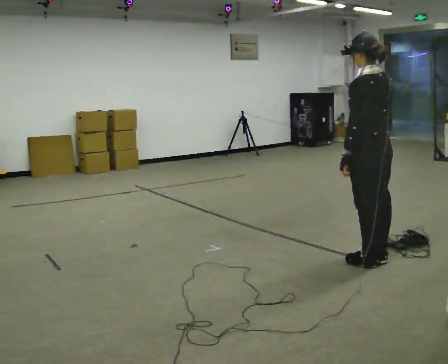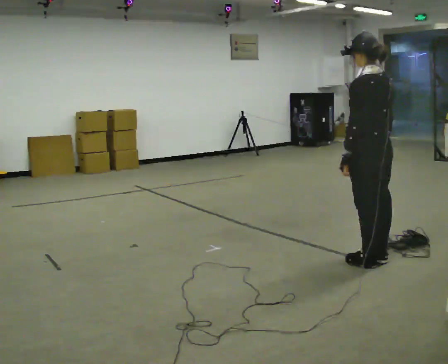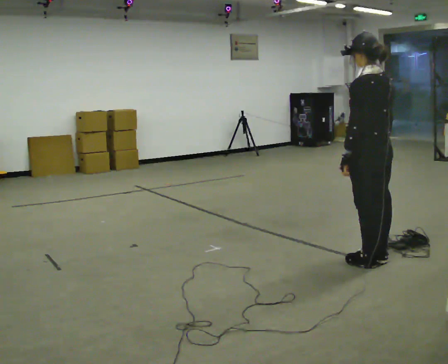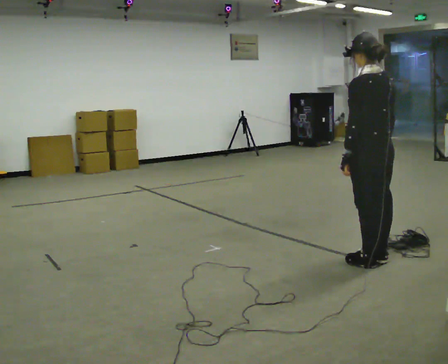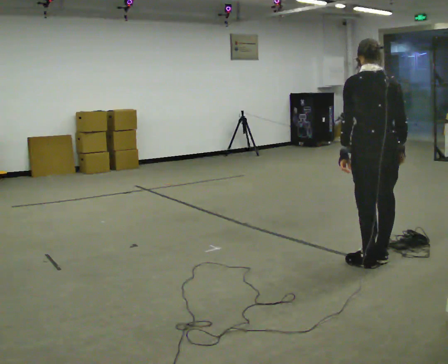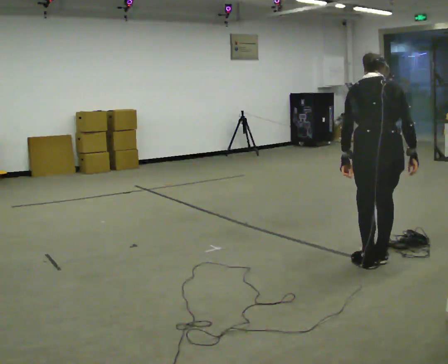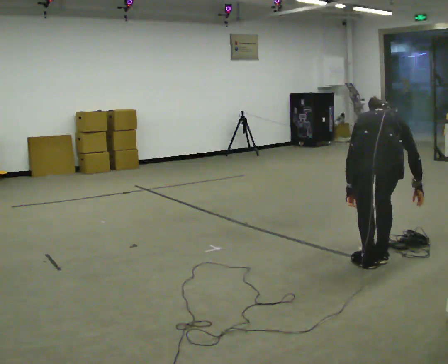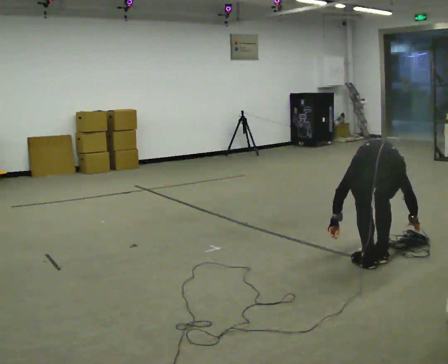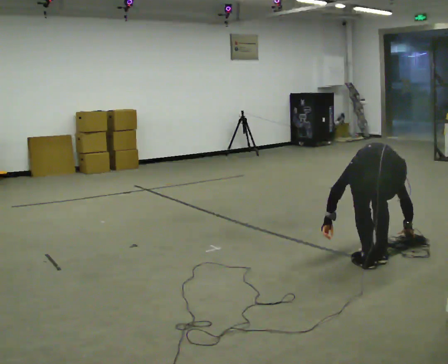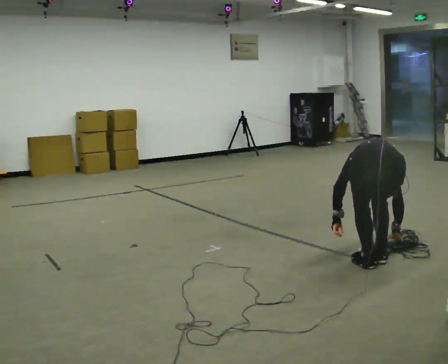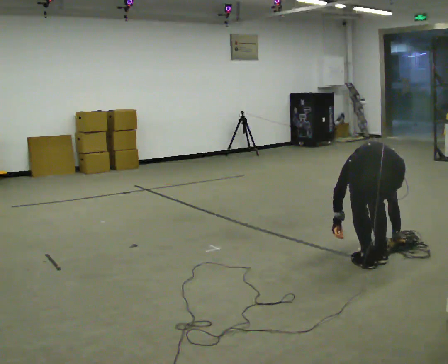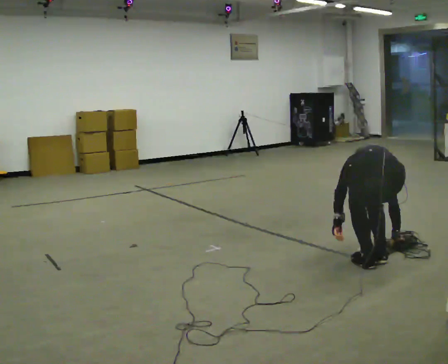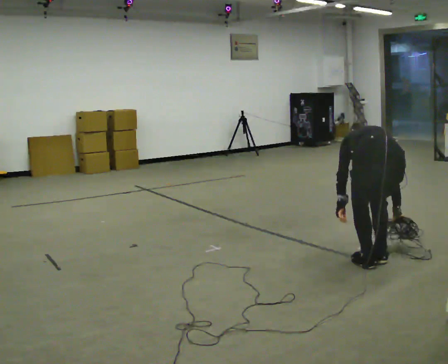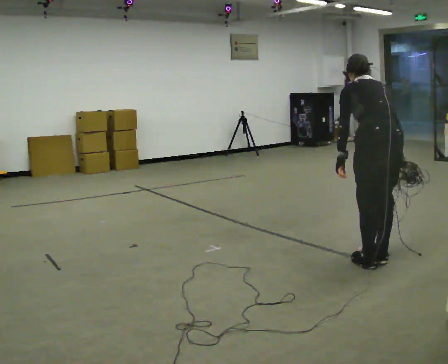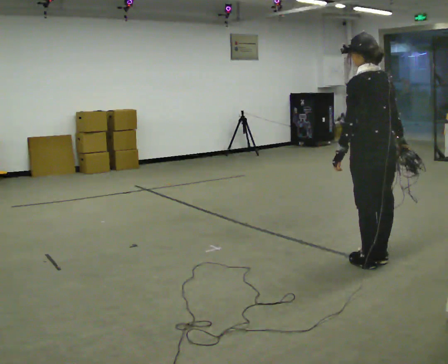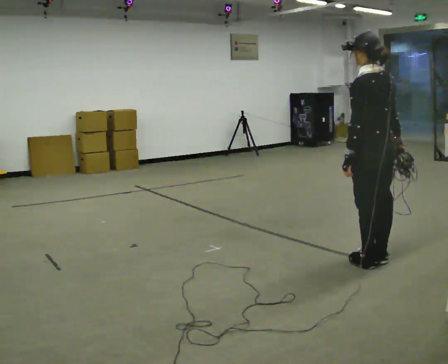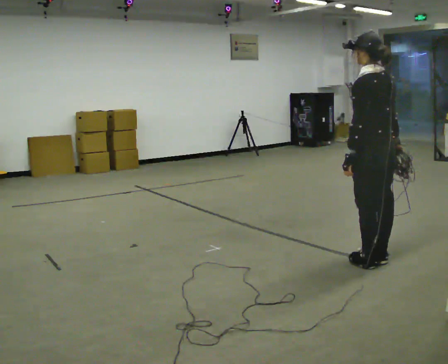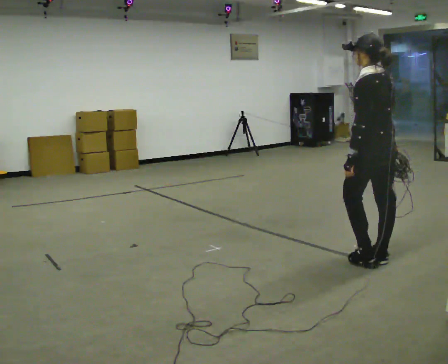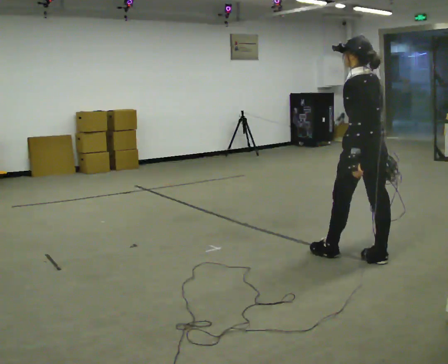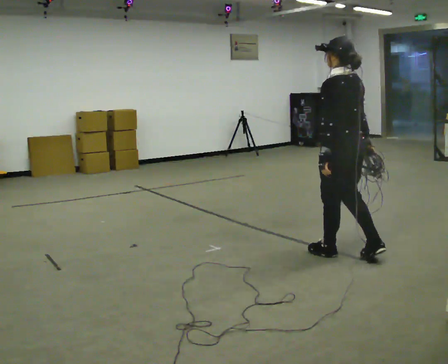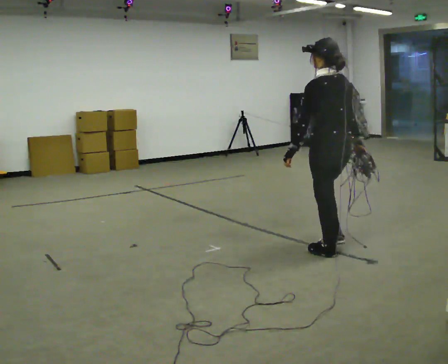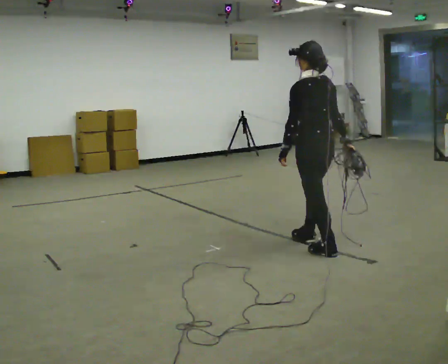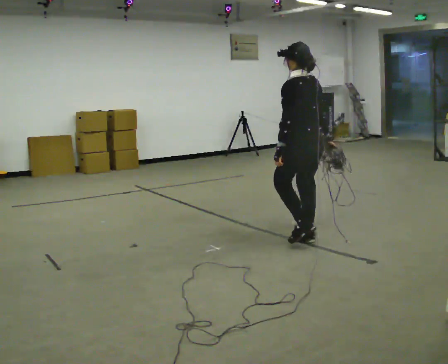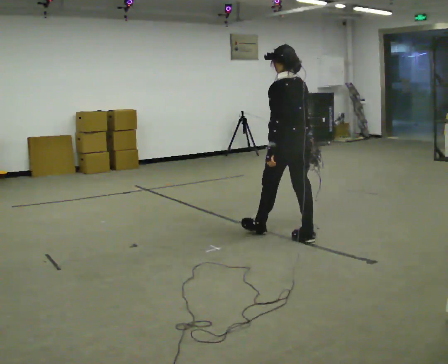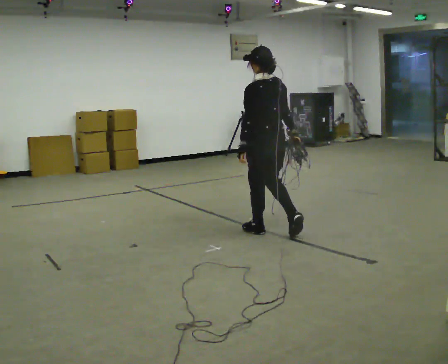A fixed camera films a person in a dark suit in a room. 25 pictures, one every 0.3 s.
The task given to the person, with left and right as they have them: Pick up the coiled hose, carry it across the room, and set it down. It will move around as you walk. Keep going until the operator says stop; one object at a time, and do not rush between trips.
0.0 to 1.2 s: The person turns about 30 degrees to their right, clockwise seen from above, so the part of the body nearest the lens slides to the left.
1.2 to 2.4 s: The upper body goes downward. The upper body tips away from the camera, its near side rolling upward, as they bend forward. In the picture their left hand goes downward.
2.4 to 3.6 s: In the picture the upper body tilts clockwise, shoulders to the right, as they lean back or straighten.
3.6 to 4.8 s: Seen from above the body turns counterclockwise, about 30 degrees: to their left, with its near side sliding to the right. In the picture they go away from the camera, about 0.25 m, which for them is forward. The shoulders move upward. The upper body tips toward the camera, its near side rolling downward, as they lean back or straighten. In the picture their right hand goes upward.
4.8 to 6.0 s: In the picture they go to the left and away from the camera, about 0.25 m in 1 step, which for them is forward.
6.0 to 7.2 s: In the picture they go to the left and away from the camera, about 0.5 m in 2 steps, which for them is forward.
The film runs forward here.
